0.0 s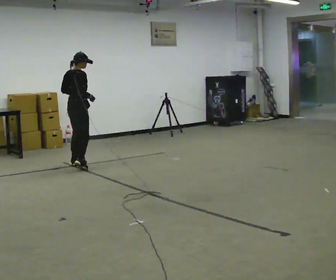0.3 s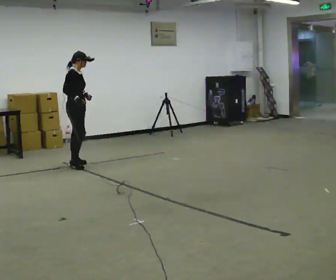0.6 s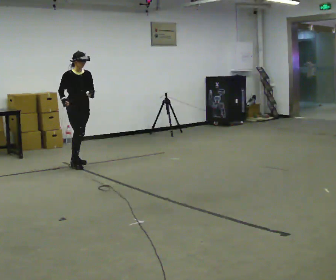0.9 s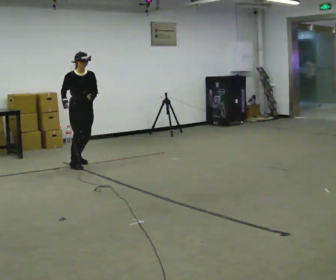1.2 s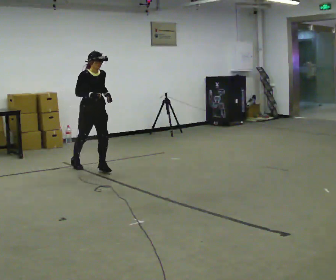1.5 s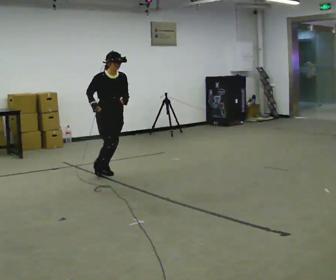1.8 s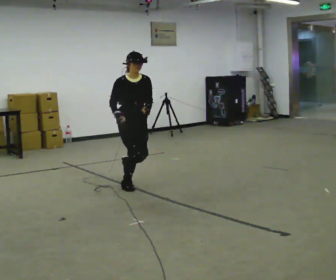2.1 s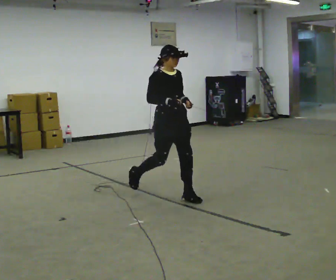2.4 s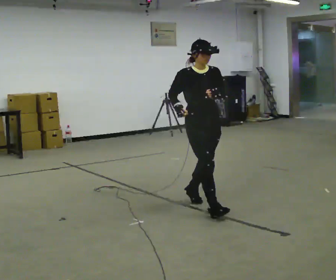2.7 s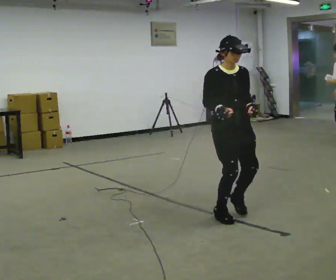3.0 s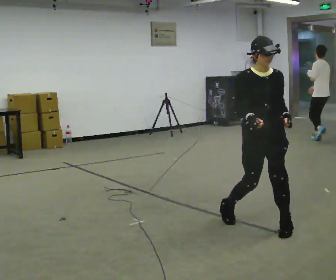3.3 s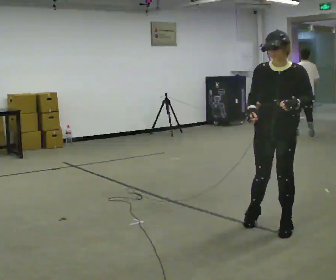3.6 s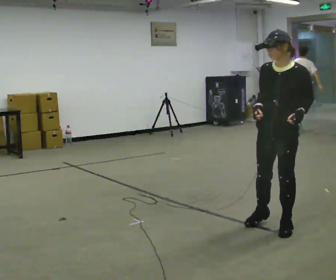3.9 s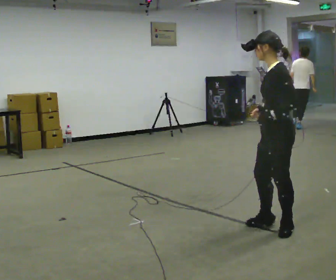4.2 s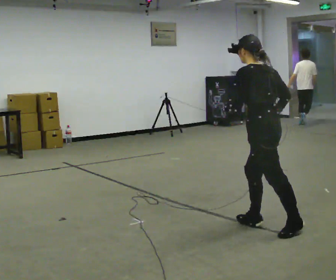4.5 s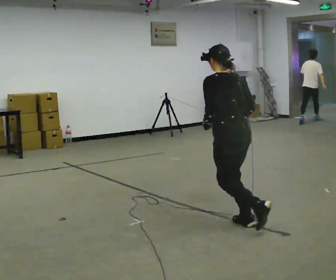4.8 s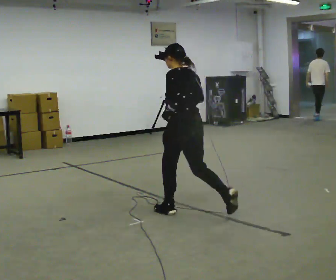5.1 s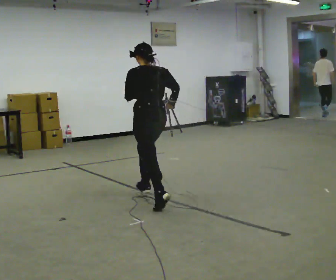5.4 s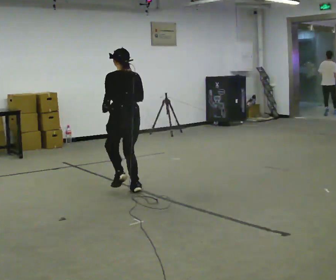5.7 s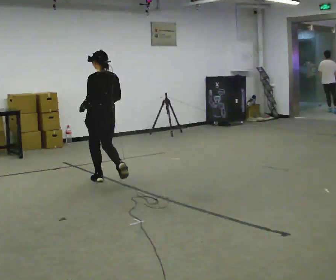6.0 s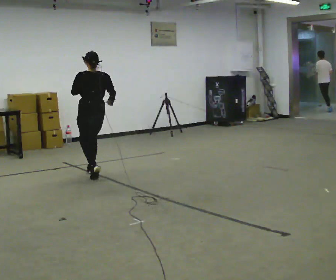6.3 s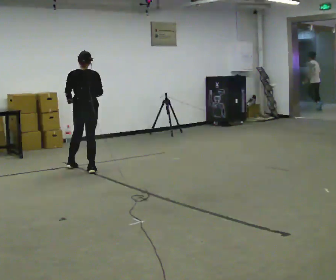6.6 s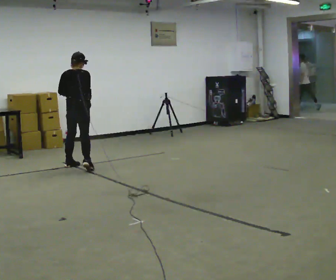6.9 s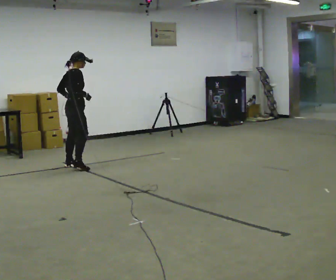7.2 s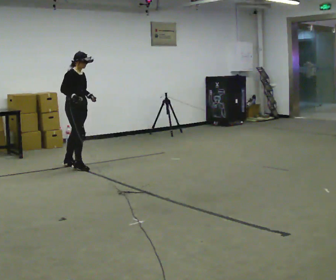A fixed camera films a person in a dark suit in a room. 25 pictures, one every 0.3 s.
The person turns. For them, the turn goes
to their right.
The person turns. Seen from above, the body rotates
clockwise.
0.0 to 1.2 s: Seen from above the body turns clockwise, about 90 degrees: to their right, with its near side sliding to the left. In the picture they go to the right and toward the camera, about 0.5 m in 1 step.
1.2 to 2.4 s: In the picture they go to the right and toward the camera, about 2 m in 3 steps, which for them is forward.
2.4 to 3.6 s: Seen from above the body turns clockwise, about 75 degrees: to their right, with its near side sliding to the left. In the picture they go to the right and toward the camera, about 1 m in 3 steps.
3.6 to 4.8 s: Seen from above the body turns clockwise, about 90 degrees: to their right, with its near side sliding to the left. In the picture they go to the left and away from the camera, about 1 m in 1 step.
4.8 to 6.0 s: In the picture they go to the left and away from the camera, about 2 m in 4 steps, which for them is forward.
6.0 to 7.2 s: The part of the body nearest the lens slides to the left as the person turns to their right by about 135 degrees. In the picture they go to the left and away from the camera, about 0.5 m in 2 steps.
The film runs forward here.
